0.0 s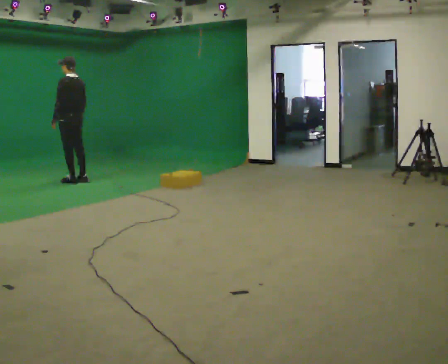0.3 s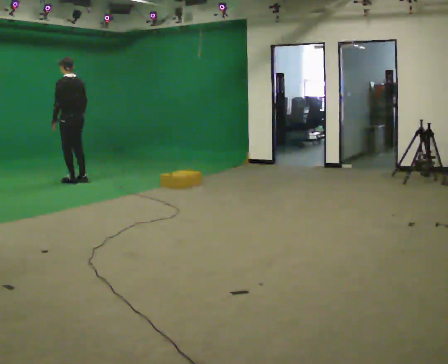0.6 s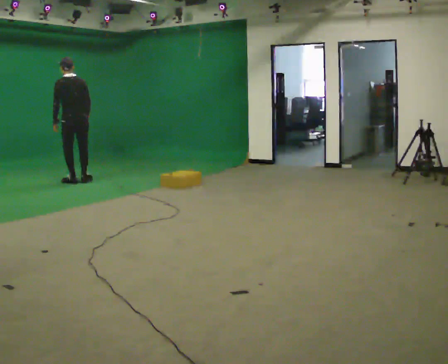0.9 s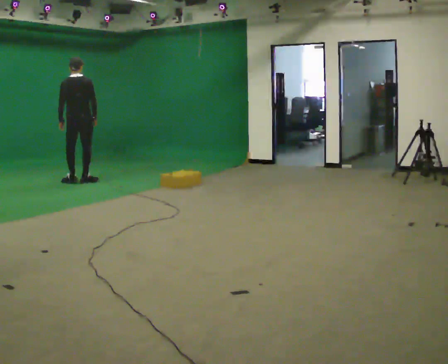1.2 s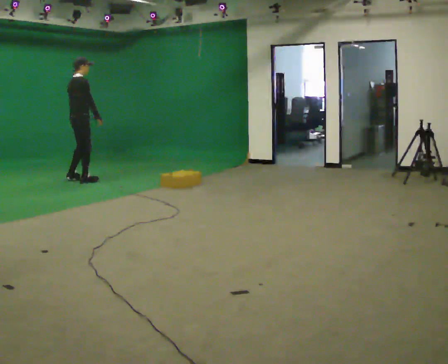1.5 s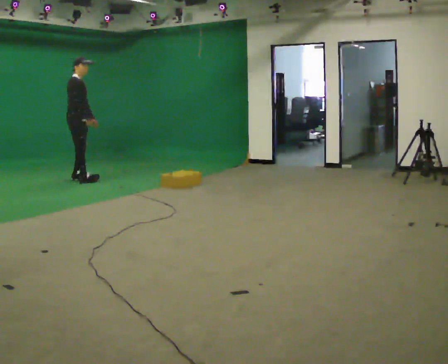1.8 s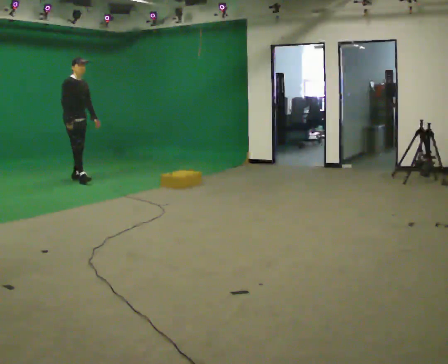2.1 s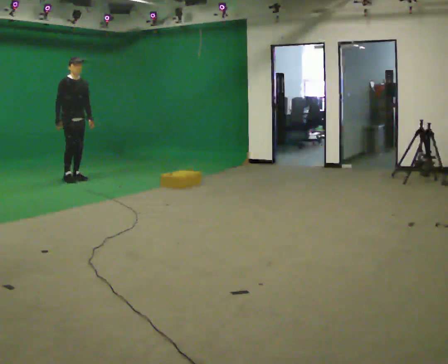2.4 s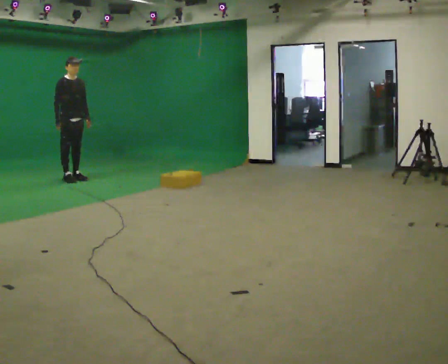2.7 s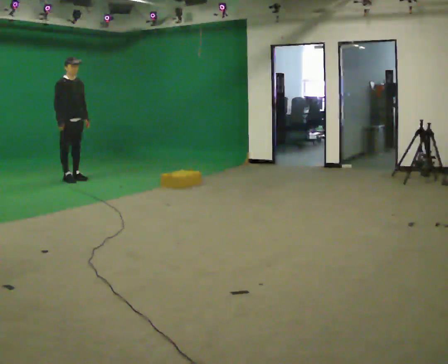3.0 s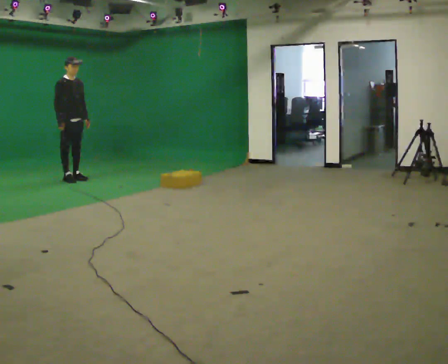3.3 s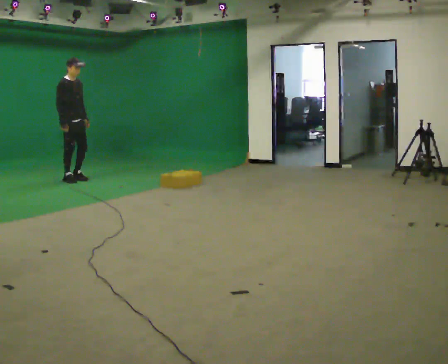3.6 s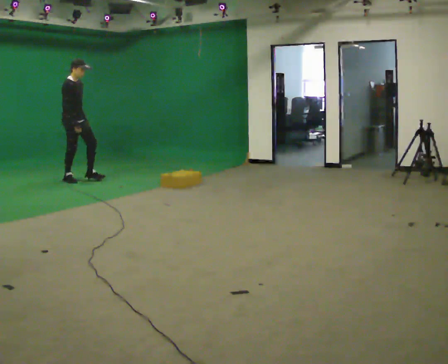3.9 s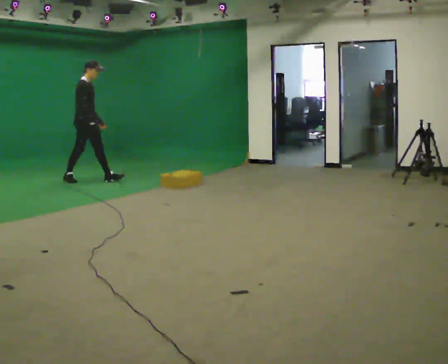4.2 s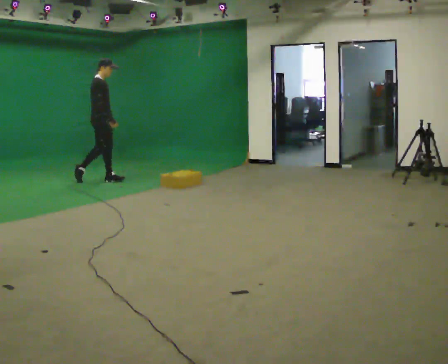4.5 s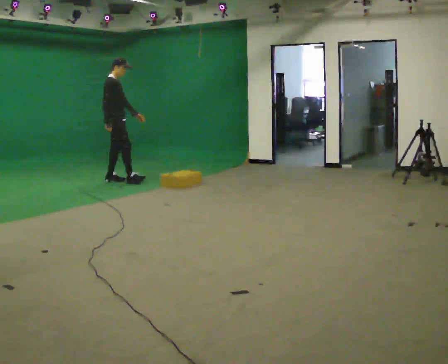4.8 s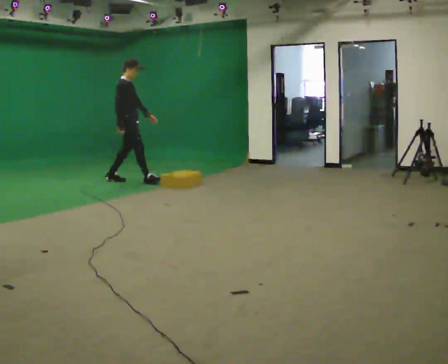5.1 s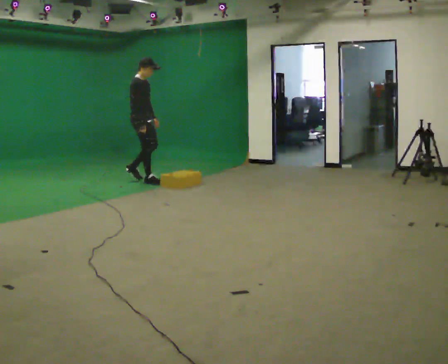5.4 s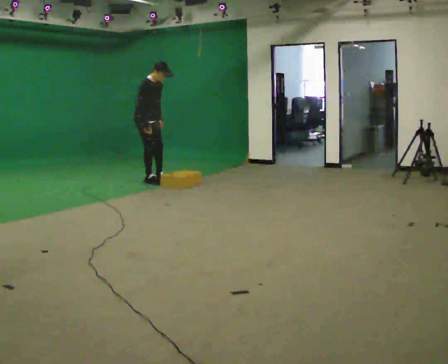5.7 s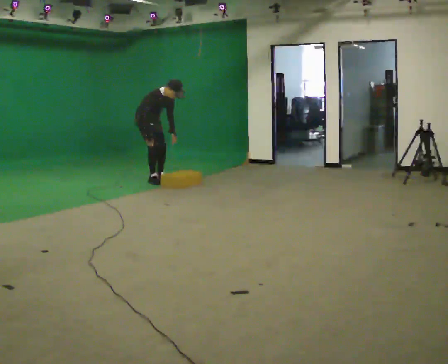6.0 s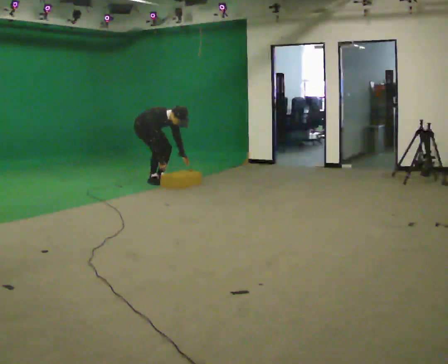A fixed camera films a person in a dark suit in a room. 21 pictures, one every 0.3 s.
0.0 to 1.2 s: The person turns about 120 degrees to their right, clockwise seen from above, so the part of the body nearest the lens slides to the left.
1.2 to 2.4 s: Seen from above the body turns clockwise, about 75 degrees: to their right, with its near side sliding to the left. In the picture they go away from the camera, about 0.25 m in 2 steps. In the picture their right hand goes to the left.
2.4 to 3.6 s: The person moves a little, or ends about where they began.
3.6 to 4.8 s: In the picture they go to the right, about 1 m in 2 steps, which for them is forward.
4.8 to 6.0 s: The person turns about 30 degrees to their right, clockwise seen from above, so the part of the body nearest the lens slides to the left. In the picture they go to the right, about 0.25 m in 1 step, which for them is to their left and forward. The upper body goes downward. In the picture the upper body tilts clockwise, shoulders to the right, as they bend forward. In the picture their left hand goes downward.
The film runs forward here.
